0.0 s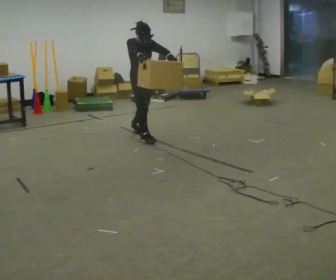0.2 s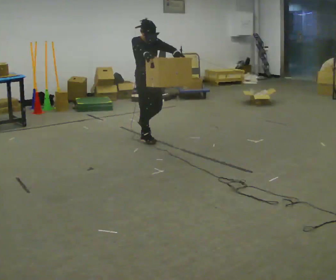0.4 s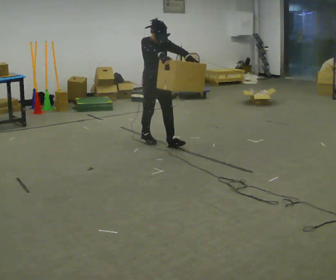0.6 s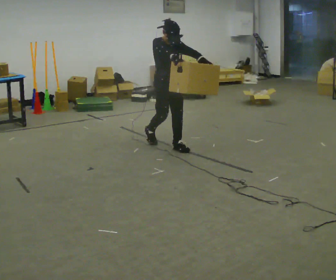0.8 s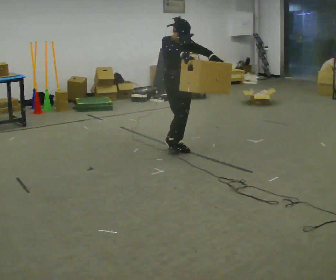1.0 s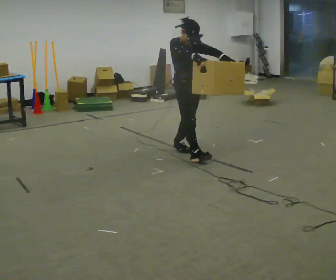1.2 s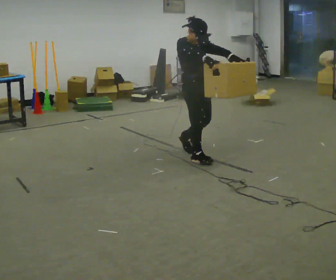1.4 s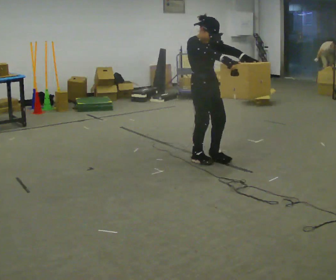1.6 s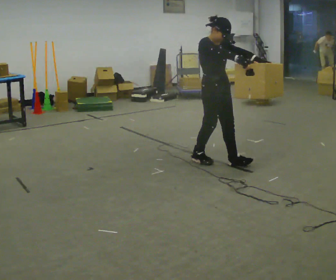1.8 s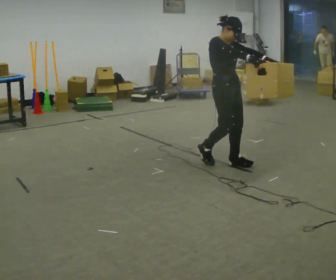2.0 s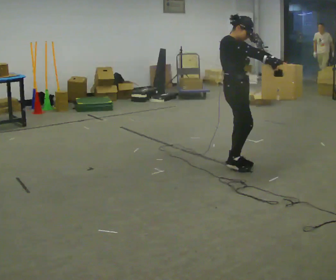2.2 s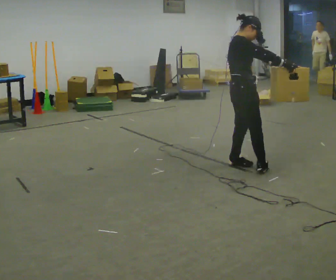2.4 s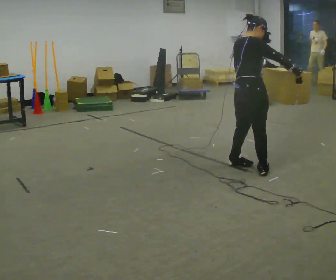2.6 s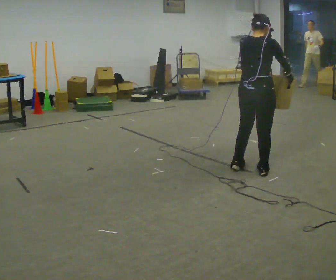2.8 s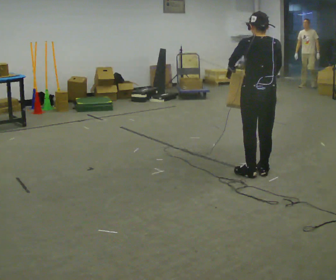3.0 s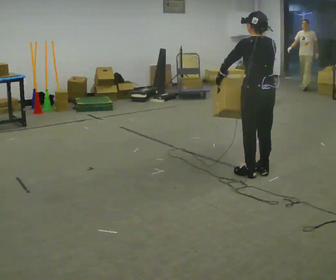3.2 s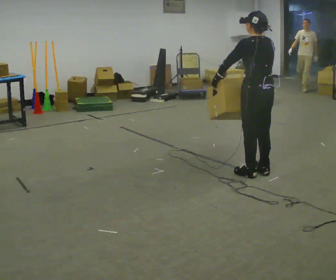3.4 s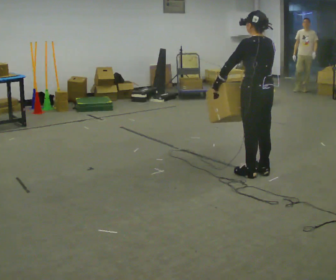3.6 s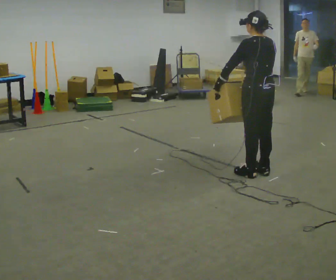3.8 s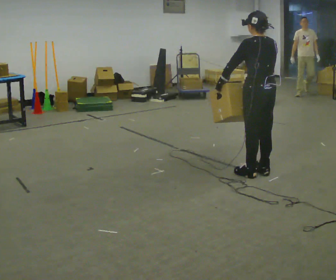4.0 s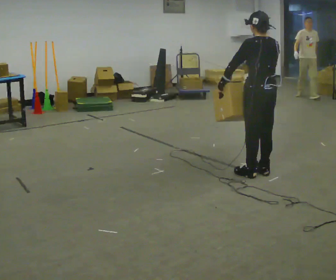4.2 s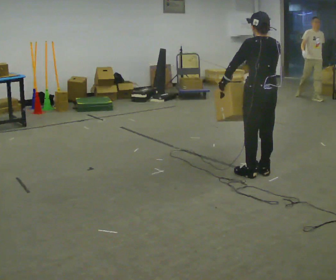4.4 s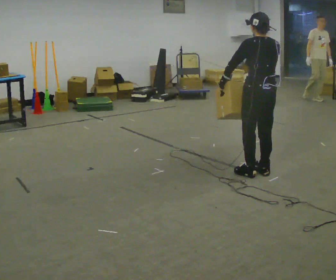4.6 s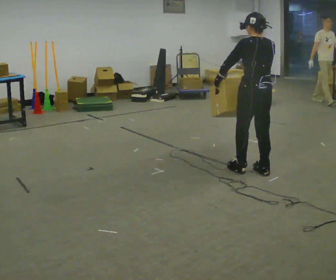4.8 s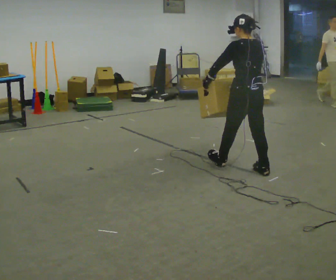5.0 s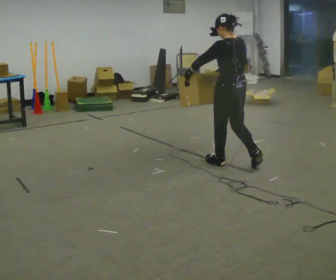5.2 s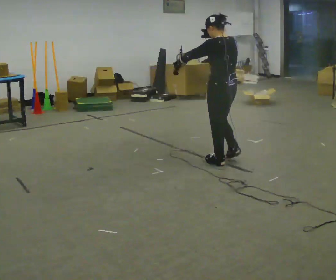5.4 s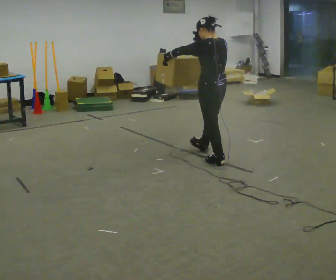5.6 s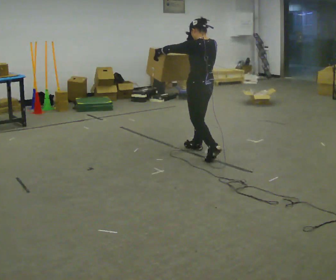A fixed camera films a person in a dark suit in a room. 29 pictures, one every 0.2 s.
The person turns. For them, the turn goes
to their left.
The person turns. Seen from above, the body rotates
counterclockwise.
0.0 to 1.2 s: In the picture they go to the right and toward the camera, about 1 m in 2 steps, which for them is forward.
1.2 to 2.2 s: Seen from above the body turns counterclockwise, about 45 degrees: to their left, with its near side sliding to the right. In the picture they go to the right and toward the camera, about 0.5 m in 1 step, which for them is forward.
2.2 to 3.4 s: Seen from above the body turns counterclockwise, about 105 degrees: to their left, with its near side sliding to the right. In the picture they go toward the camera, about 0.25 m in 2 steps. In the picture their left hand goes to the left.
3.4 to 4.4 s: The person moves a little, or ends about where they began.
4.4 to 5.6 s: In the picture they go to the left and away from the camera, about 1 m in 2 steps, which for them is forward.
The film runs forward here.
